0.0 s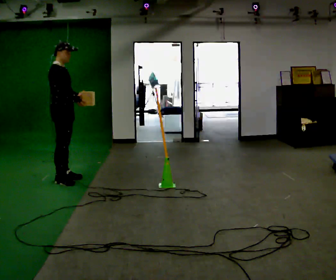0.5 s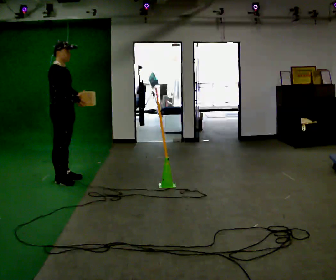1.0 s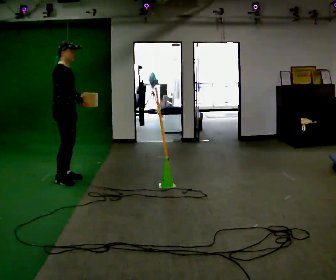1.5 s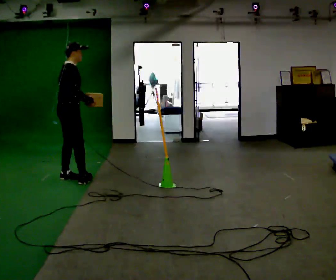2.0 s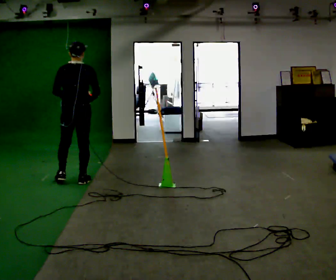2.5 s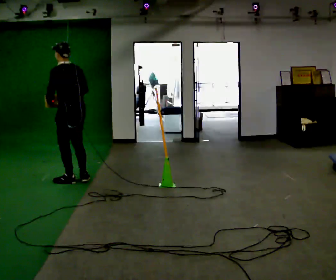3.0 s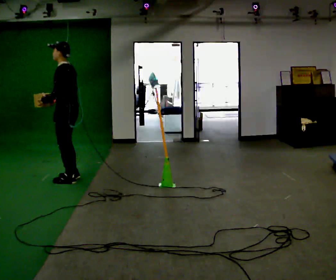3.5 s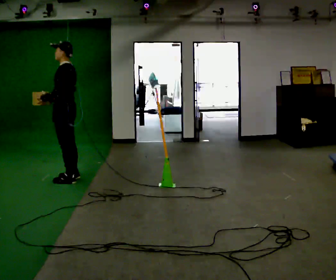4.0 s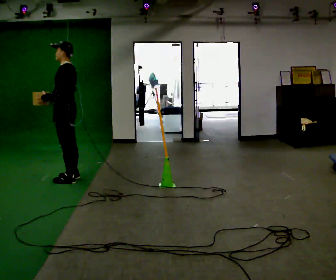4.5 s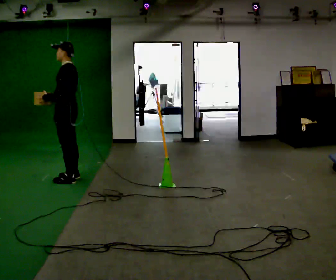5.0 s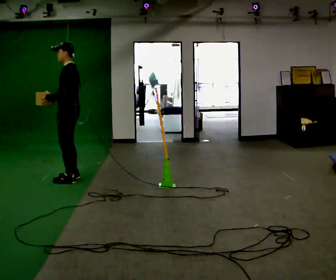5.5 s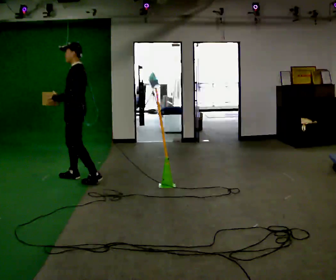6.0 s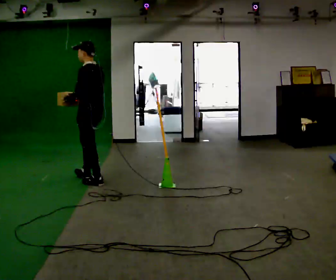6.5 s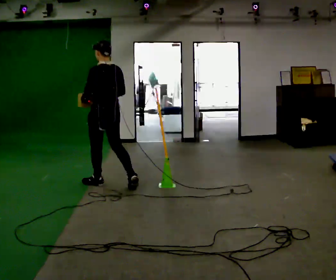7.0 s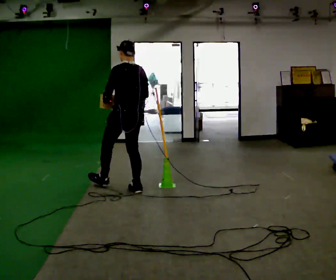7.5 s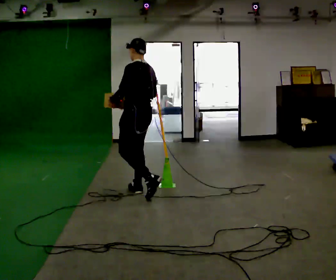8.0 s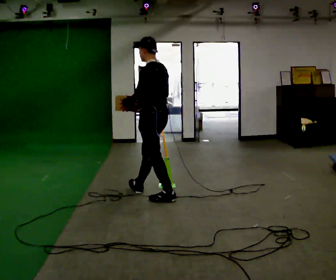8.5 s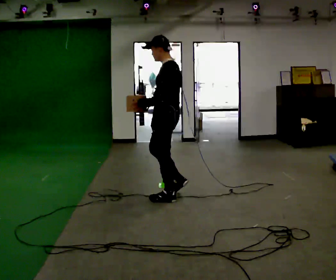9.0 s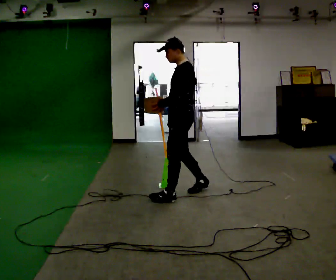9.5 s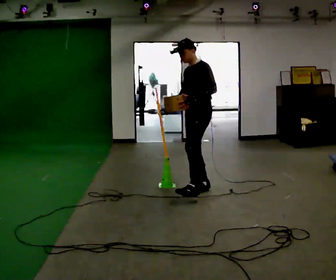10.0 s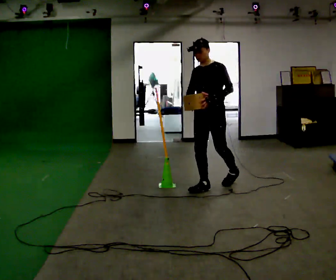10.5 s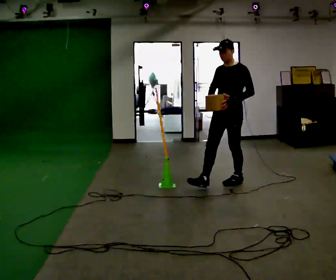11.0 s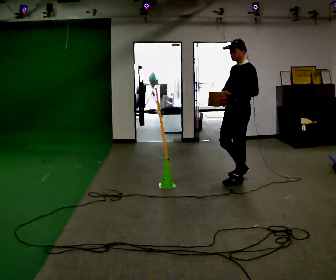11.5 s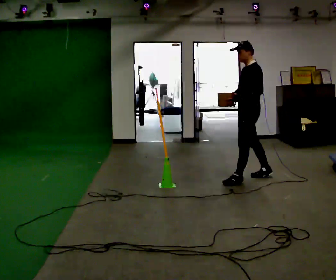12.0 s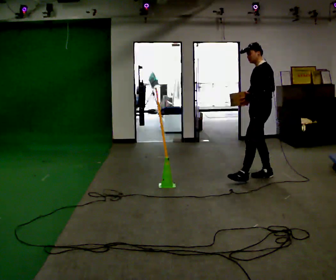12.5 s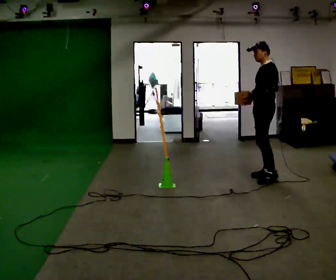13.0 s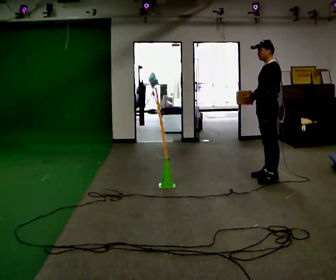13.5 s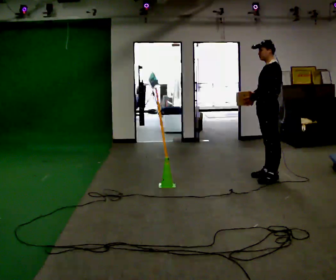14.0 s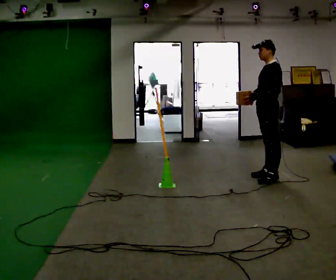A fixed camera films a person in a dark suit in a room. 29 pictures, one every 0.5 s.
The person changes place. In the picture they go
to the right.
0.0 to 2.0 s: Seen from above the body turns counterclockwise, about 90 degrees: to their left, with its near side sliding to the right. In the picture they go to the right, about 0.25 m in 2 steps.
2.0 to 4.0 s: The person turns about 90 degrees to their left, counterclockwise seen from above, so the part of the body nearest the lens slides to the right.
4.0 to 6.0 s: In the picture they go to the right, about 0.25 m in 2 steps, which for them is backward.
6.0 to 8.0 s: In the picture they go to the right and toward the camera, about 1 m in 1 step, which for them is backward.
8.0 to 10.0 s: The person turns about 75 degrees to their left, counterclockwise seen from above, so the part of the body nearest the lens slides to the right. In the picture they go to the right and away from the camera, about 0.75 m in 2 steps.
10.0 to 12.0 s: The person turns about 45 degrees to their right, clockwise seen from above, so the part of the body nearest the lens slides to the left. In the picture they go to the right and away from the camera, about 1 m in 2 steps, which for them is backward.
12.0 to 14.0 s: The person moves a little, or ends about where they began.
The film runs backward here.
